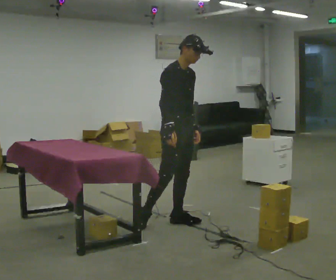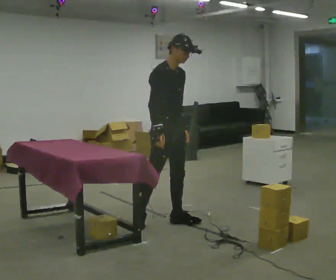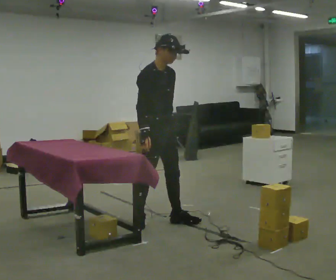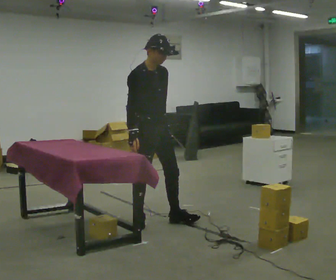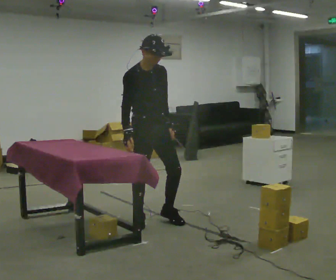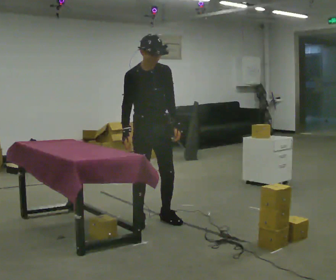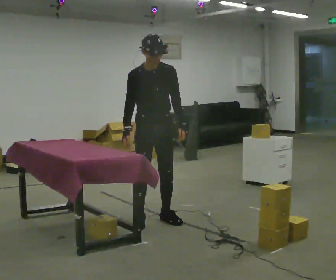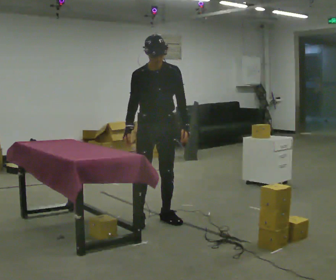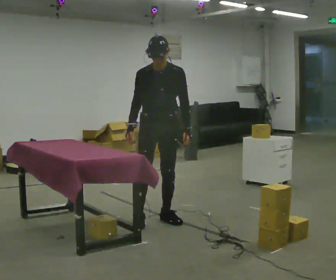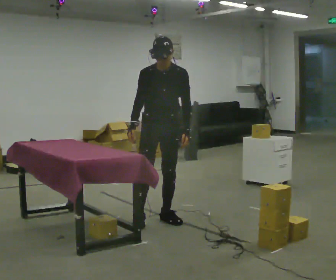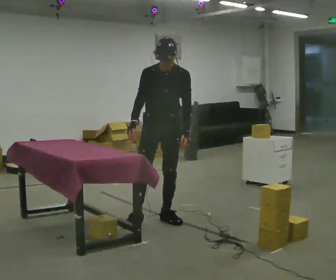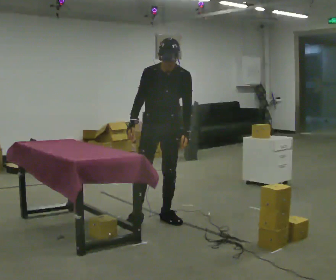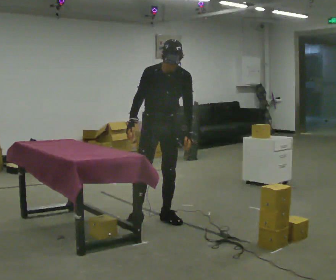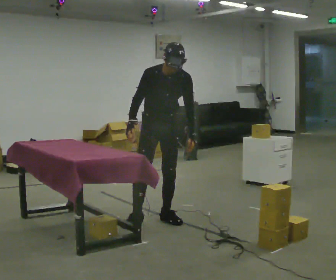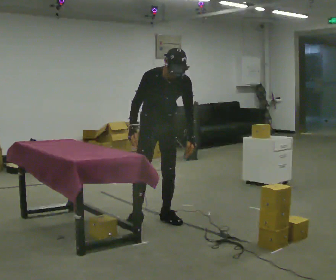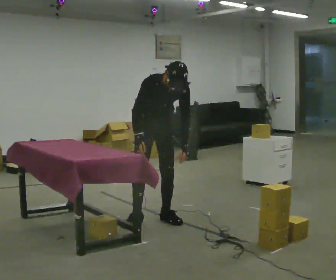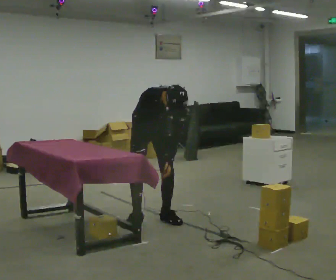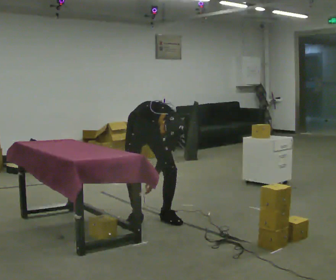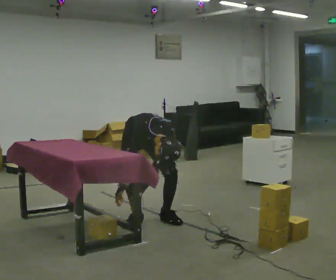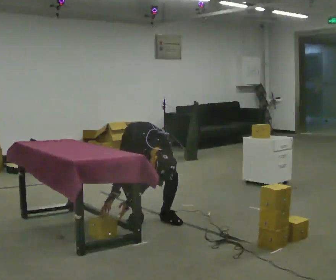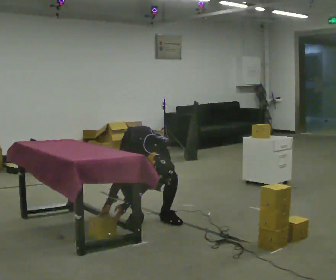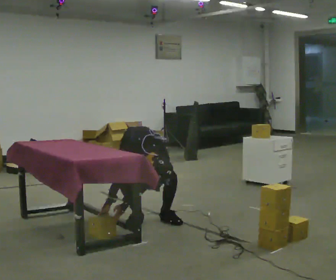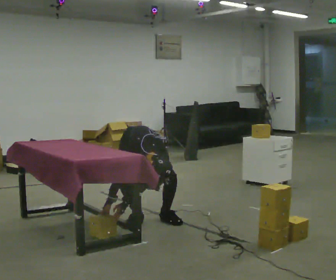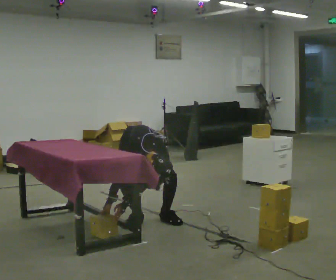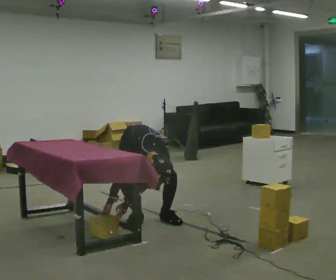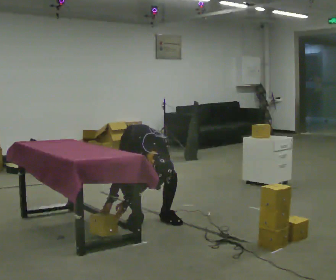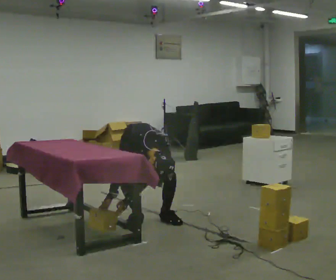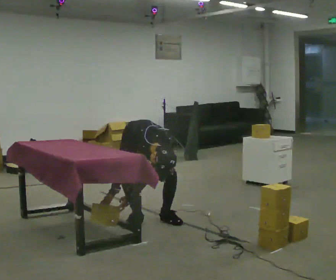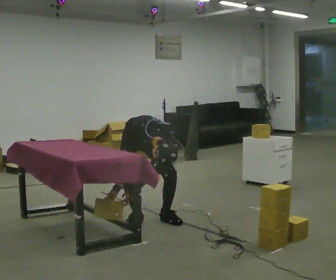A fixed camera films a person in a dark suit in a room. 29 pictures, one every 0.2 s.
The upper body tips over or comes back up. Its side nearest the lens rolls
downward.
0.0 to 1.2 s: The part of the body nearest the lens slides to the left as the person turns to their right by about 30 degrees. In the picture they go to the left, about 0.25 m, which for them is backward. In the picture their right hand goes to the left.
1.2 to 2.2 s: The person moves a little, or ends about where they began.
2.2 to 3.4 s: The upper body goes downward. The upper body tips toward the camera, its near side rolling downward, as they bend forward. In the picture their left hand goes downward.
3.4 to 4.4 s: The upper body goes downward. In the picture the upper body tilts clockwise, shoulders to the right, as they bend forward.
4.4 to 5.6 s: In the picture the upper body tilts counterclockwise, shoulders to the left.
The film runs backward here.
